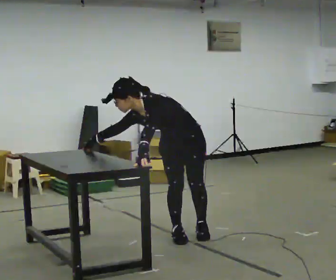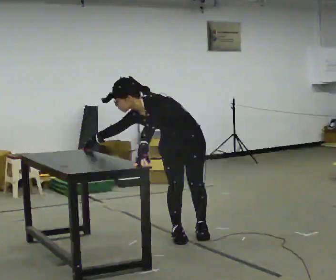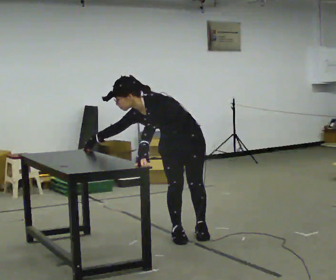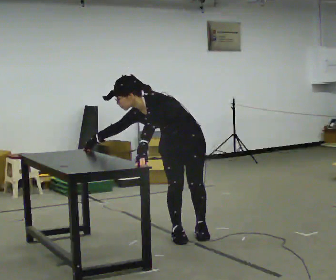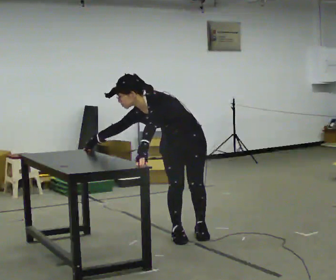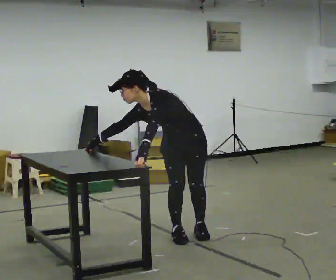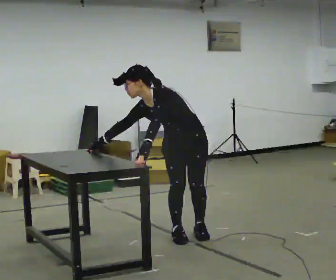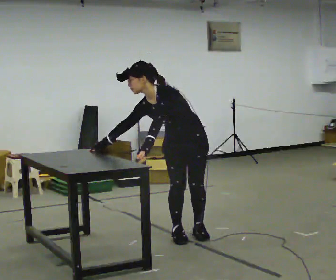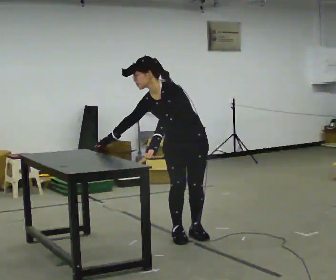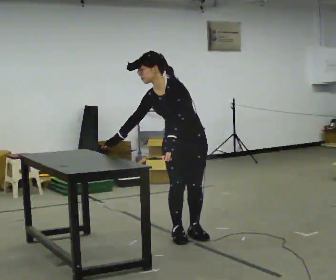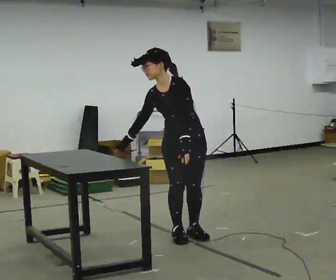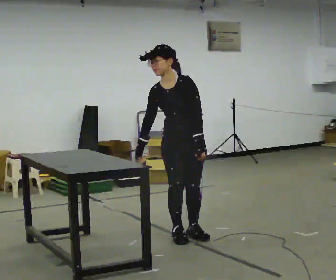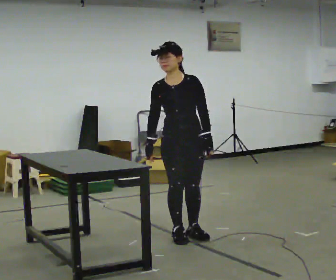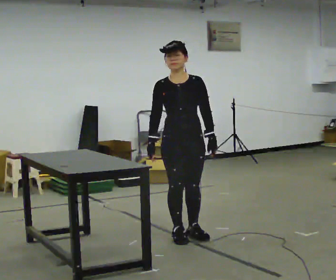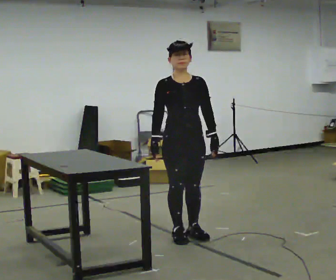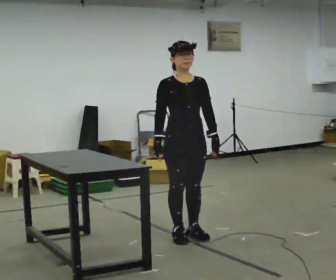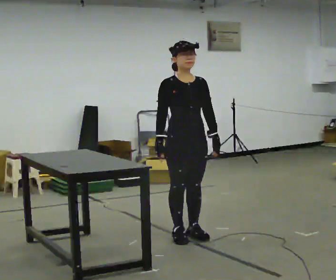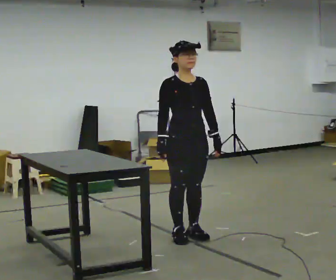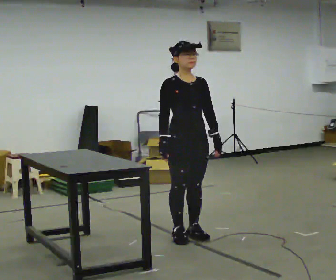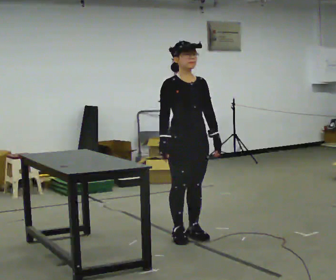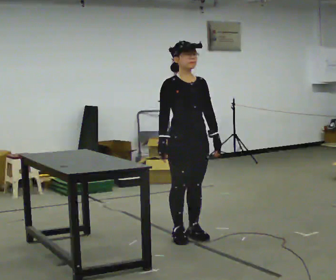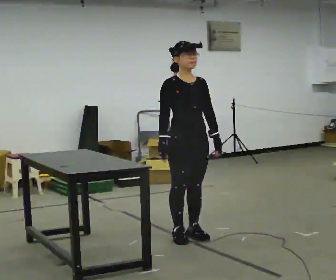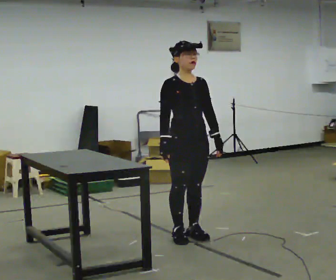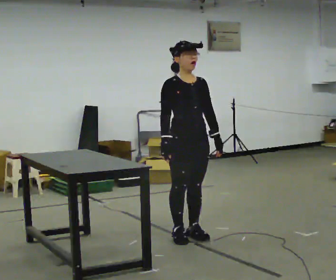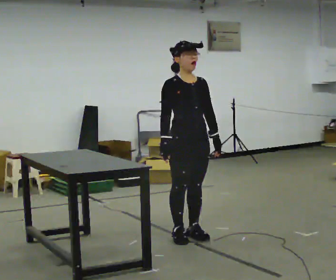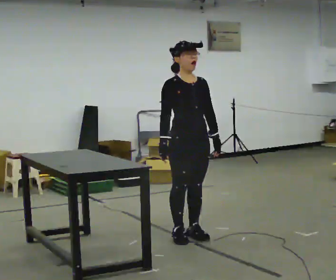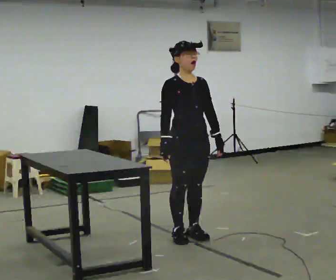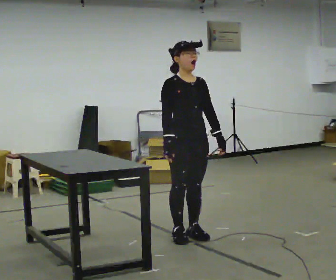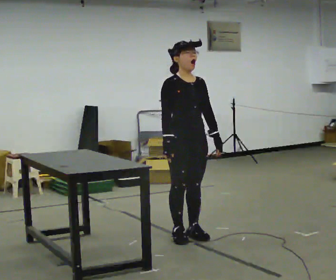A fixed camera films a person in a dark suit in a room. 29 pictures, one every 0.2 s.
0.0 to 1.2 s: The person moves a little, or ends about where they began.
1.2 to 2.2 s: In the picture the upper body tilts clockwise, shoulders to the right, as they lean back or straighten. In the picture their left hand goes to the right.
2.2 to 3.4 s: Seen from above the body turns counterclockwise, about 30 degrees: to their left, with its near side sliding to the right.
3.4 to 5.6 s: The person moves a little, or ends about where they began.
The film runs backward here.
